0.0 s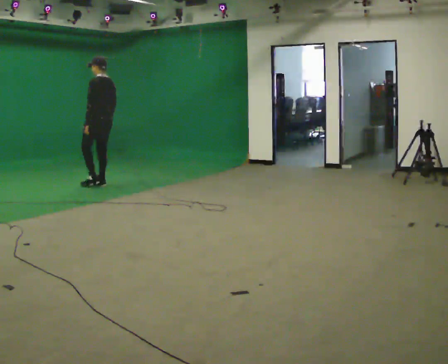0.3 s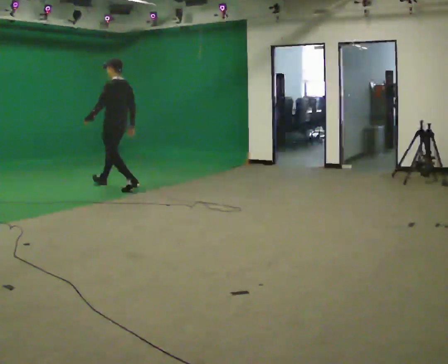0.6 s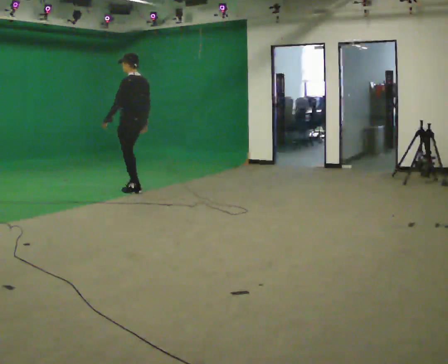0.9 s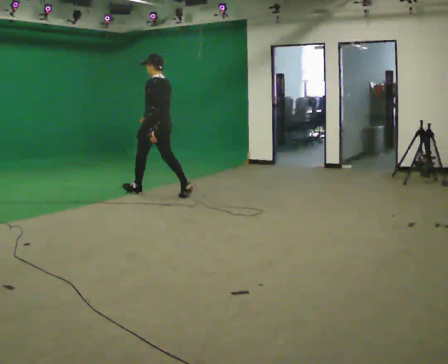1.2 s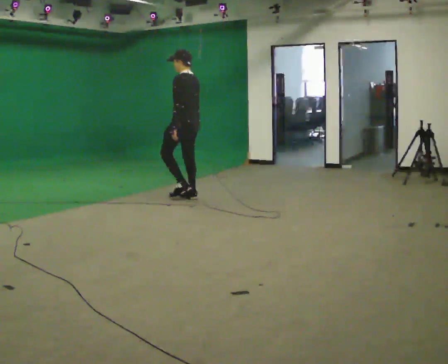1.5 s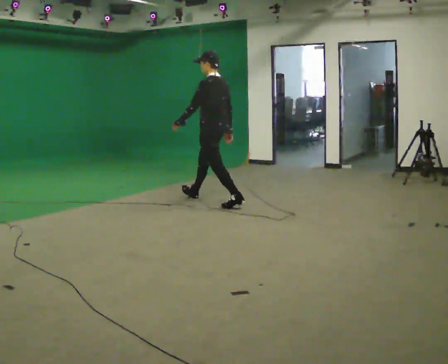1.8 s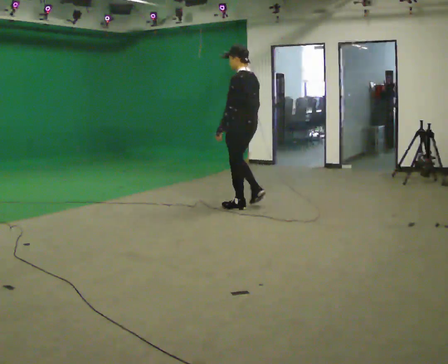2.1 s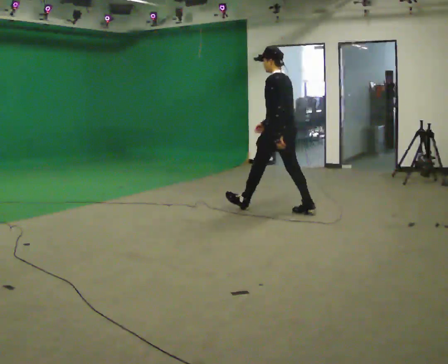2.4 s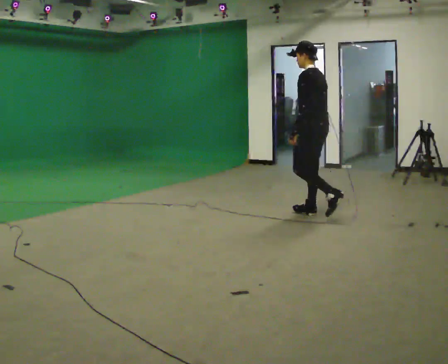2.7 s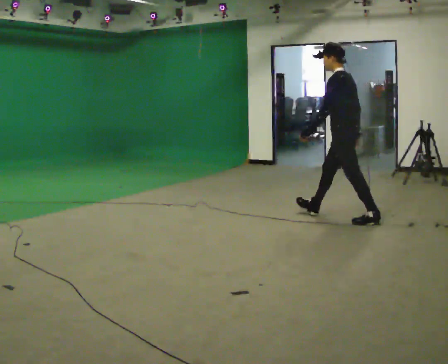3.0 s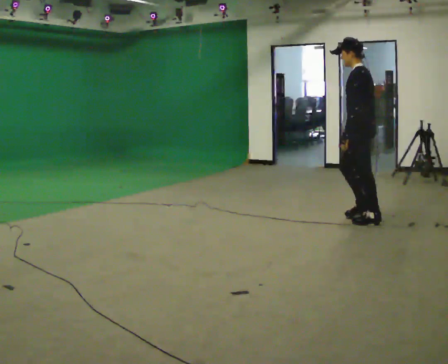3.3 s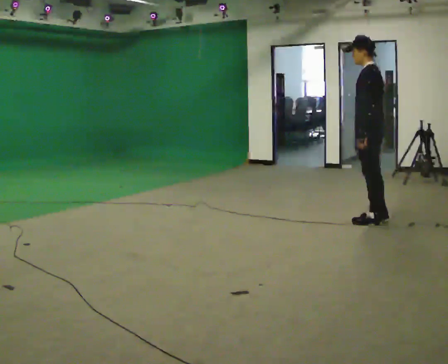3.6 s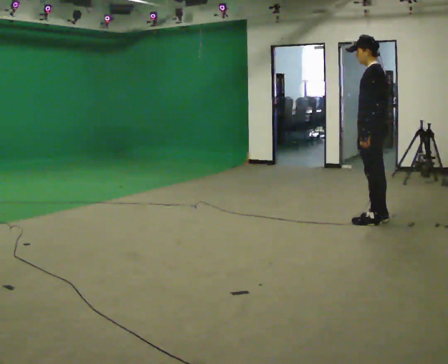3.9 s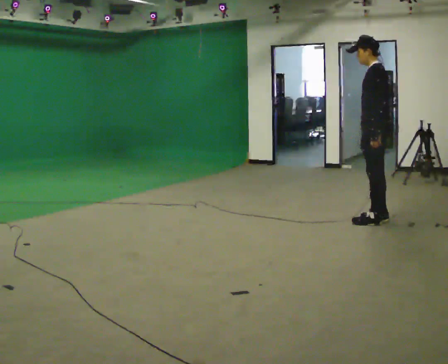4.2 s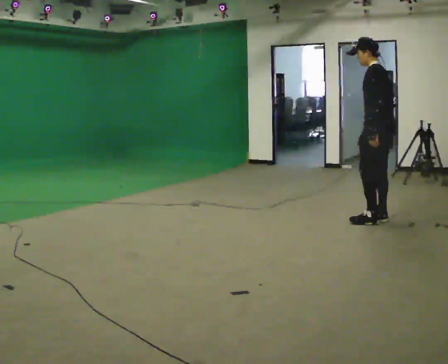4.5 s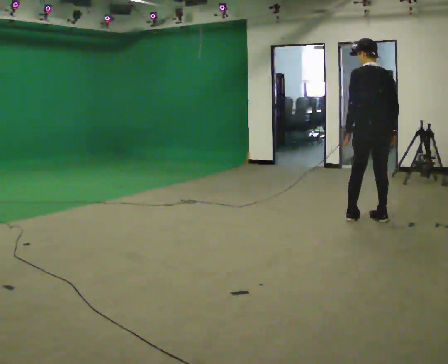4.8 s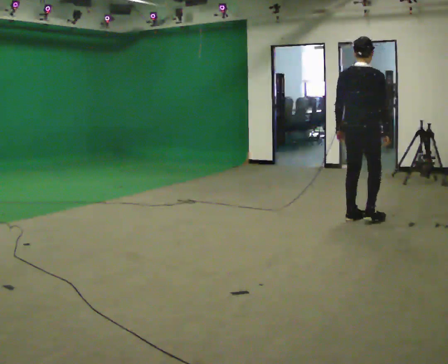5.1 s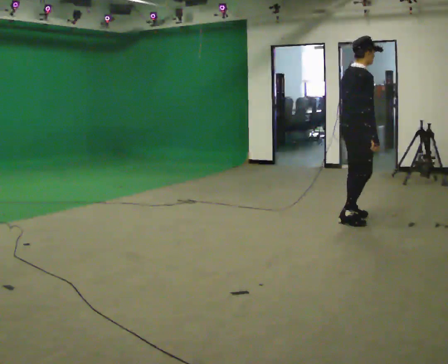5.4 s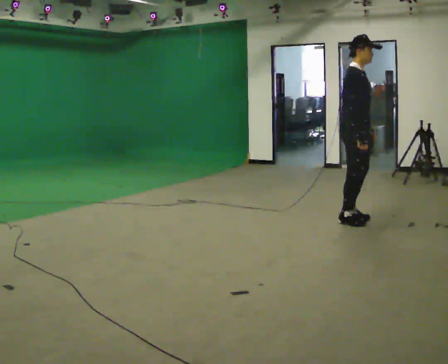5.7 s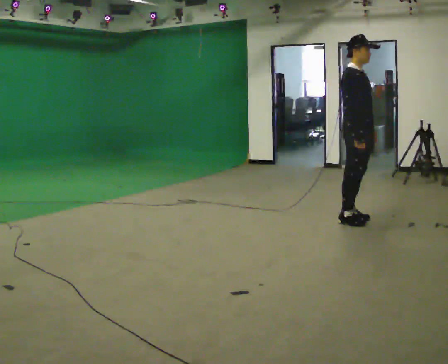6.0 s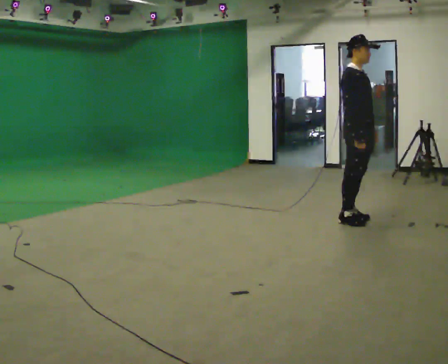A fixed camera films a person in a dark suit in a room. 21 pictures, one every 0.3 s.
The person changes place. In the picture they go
to the right.
0.0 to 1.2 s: In the picture they go to the right, about 1.5 m in 2 steps, which for them is backward.
1.2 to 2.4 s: In the picture they go to the right, about 1.5 m in 2 steps, which for them is backward.
2.4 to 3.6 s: In the picture they go to the right and toward the camera, about 0.5 m in 1 step, which for them is backward.
3.6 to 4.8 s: The person turns about 105 degrees to their right, clockwise seen from above, so the part of the body nearest the lens slides to the left.
4.8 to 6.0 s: The part of the body nearest the lens slides to the left as the person turns to their right by about 90 degrees. In the picture their left hand goes to the right.
The film runs backward here.
